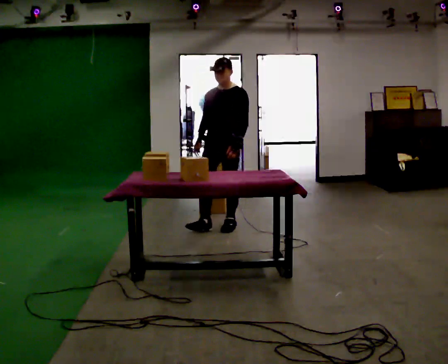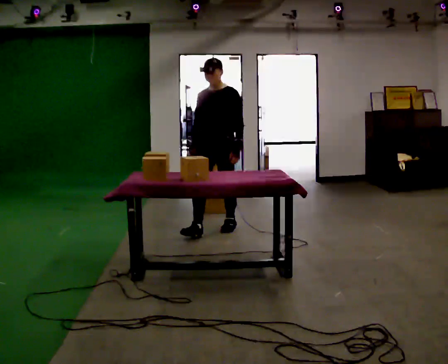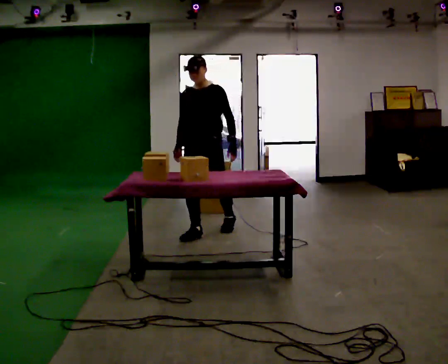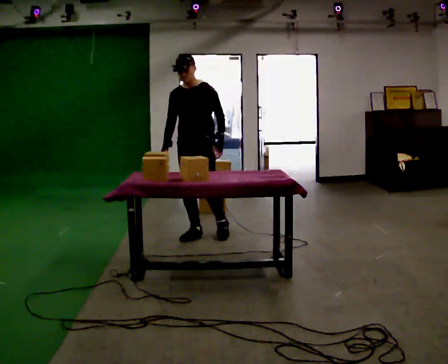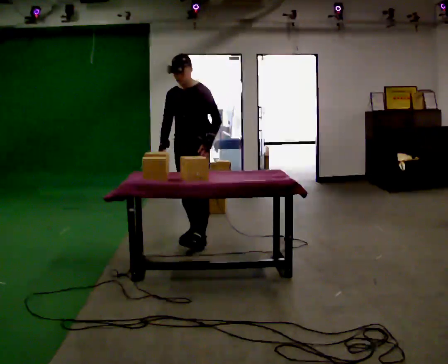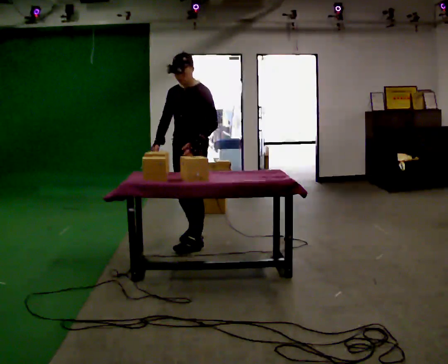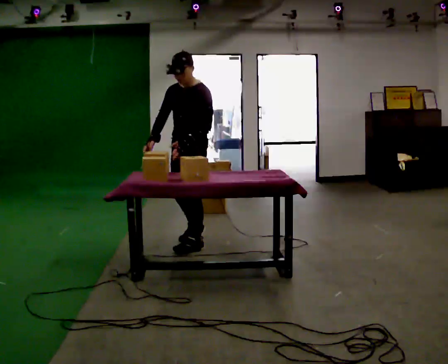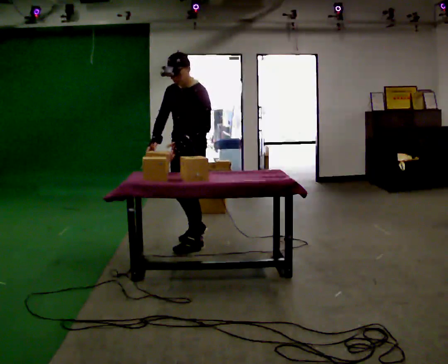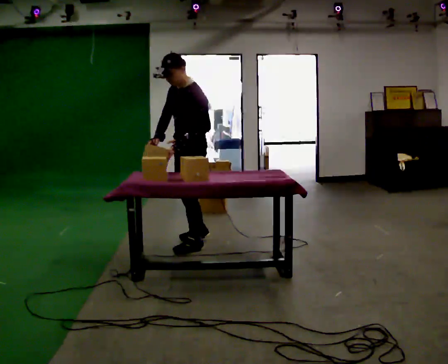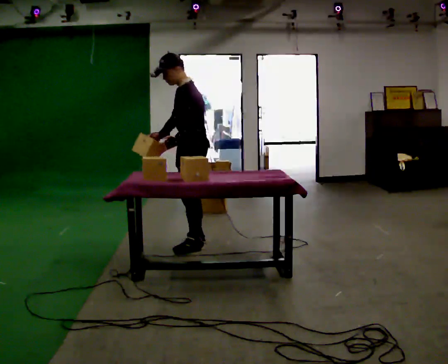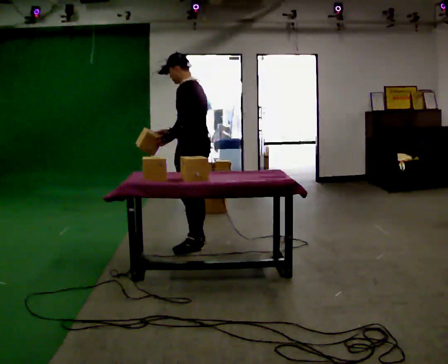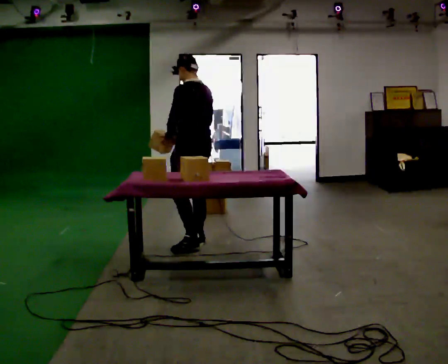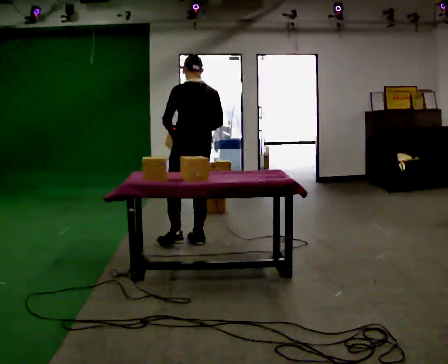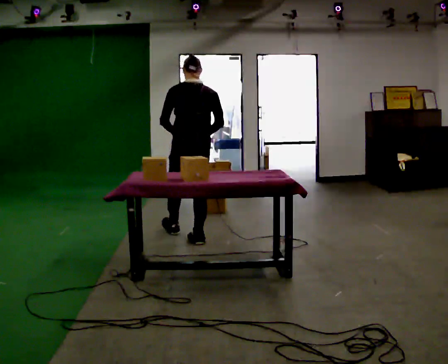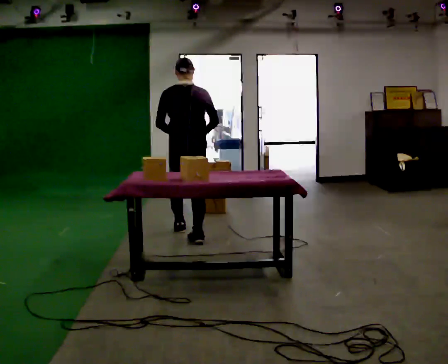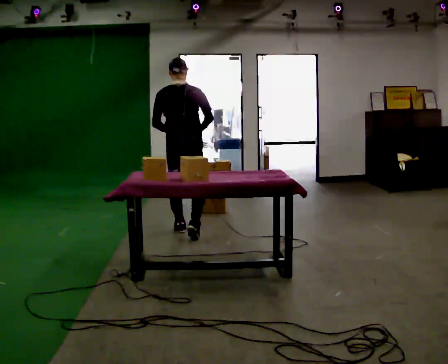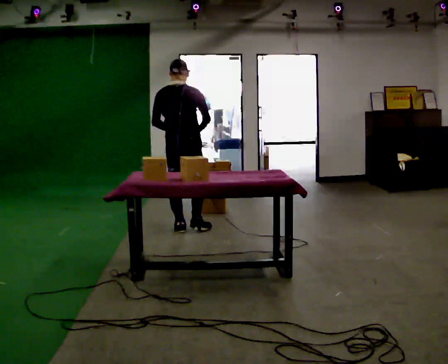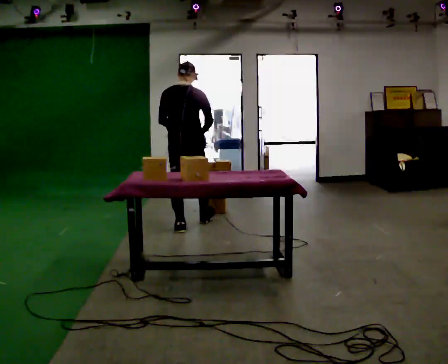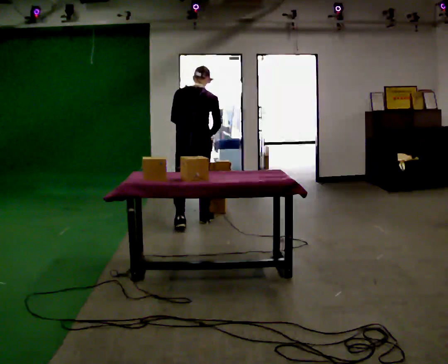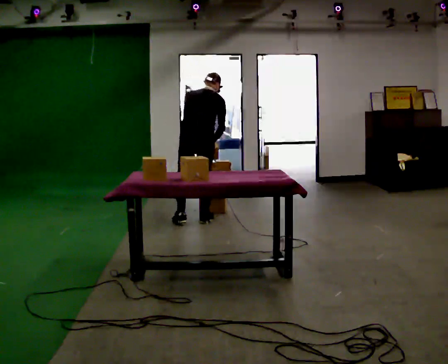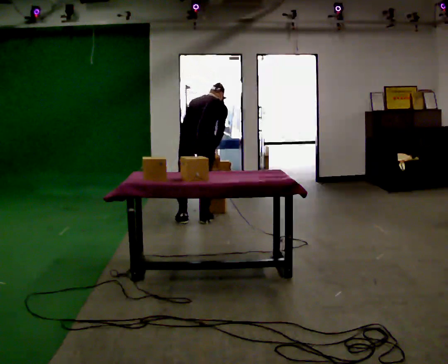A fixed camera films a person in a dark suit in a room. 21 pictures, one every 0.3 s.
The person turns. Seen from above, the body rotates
clockwise.
The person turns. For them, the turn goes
to their right.
0.0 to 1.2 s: In the picture they go toward the camera and to the left, about 0.5 m in 1 step, which for them is forward.
1.2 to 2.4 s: The person turns about 30 degrees to their right, clockwise seen from above, so the part of the body nearest the lens slides to the left. In the picture they go toward the camera, about 0.25 m in 1 step, which for them is to their left and forward.
2.4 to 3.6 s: The part of the body nearest the lens slides to the left as the person turns to their right by about 90 degrees. In the picture they go away from the camera, about 0.25 m in 1 step. In the picture their right hand goes to the right.
3.6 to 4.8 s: Seen from above the body turns clockwise, about 30 degrees: to their right, with its near side sliding to the left. In the picture they go away from the camera, about 0.5 m in 1 step, which for them is forward and to their left.
4.8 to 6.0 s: In the picture they go away from the camera, about 0.25 m in 2 steps, which for them is forward. The upper body tips away from the camera, its near side rolling upward, as they bend forward.
The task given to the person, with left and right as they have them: Carry the object across the room and slide it into the slot on the shelf. It is a close fit, so take the time you need. Keep going until the operator says stop; one object at a time, and do not rush between trips.
The film runs forward here.
